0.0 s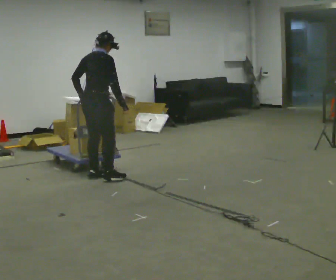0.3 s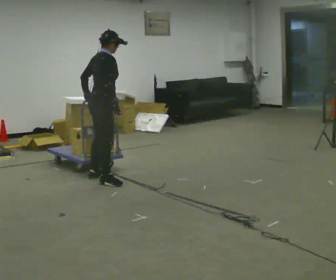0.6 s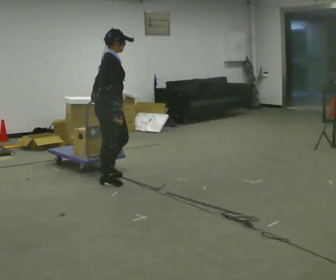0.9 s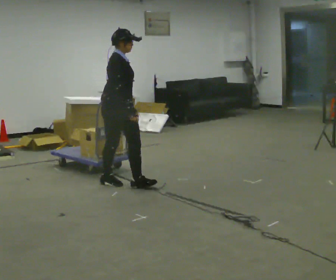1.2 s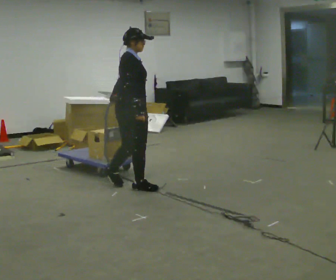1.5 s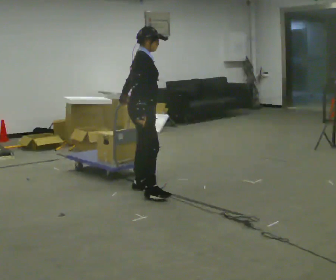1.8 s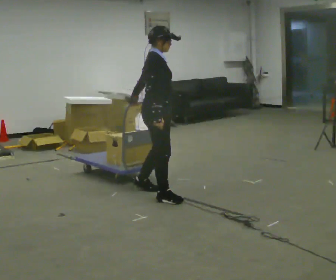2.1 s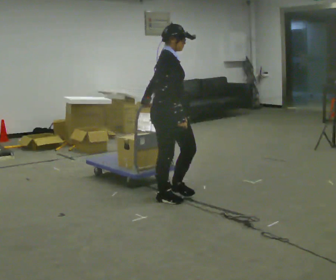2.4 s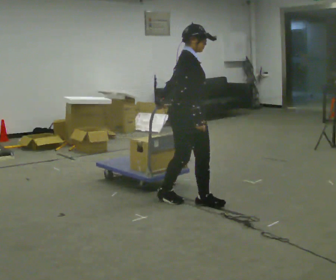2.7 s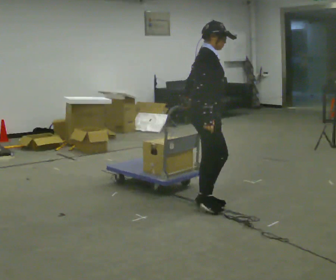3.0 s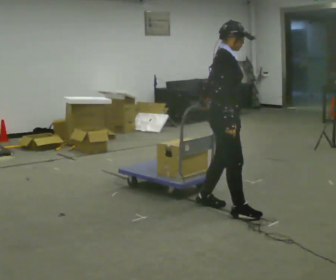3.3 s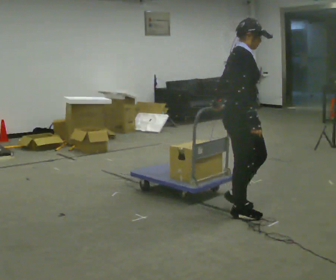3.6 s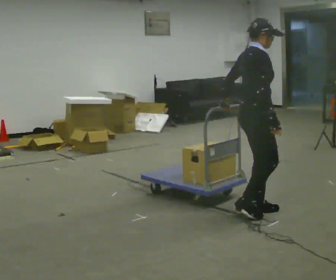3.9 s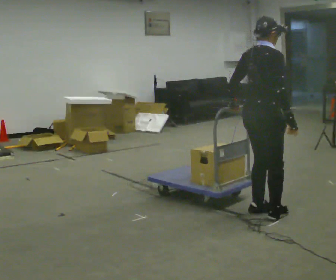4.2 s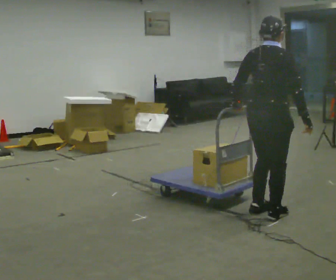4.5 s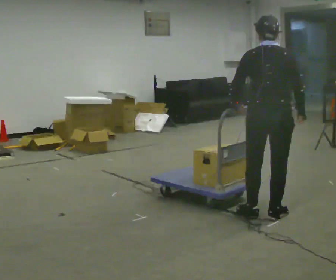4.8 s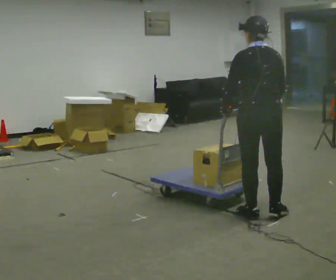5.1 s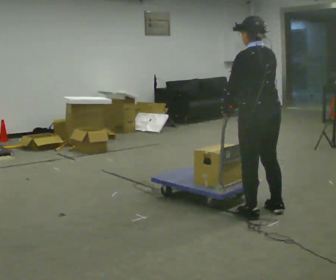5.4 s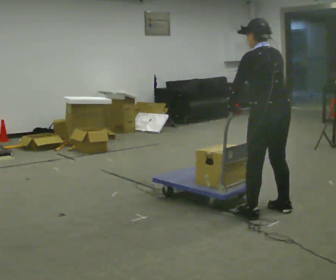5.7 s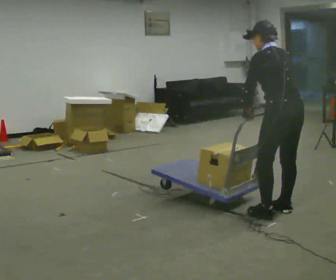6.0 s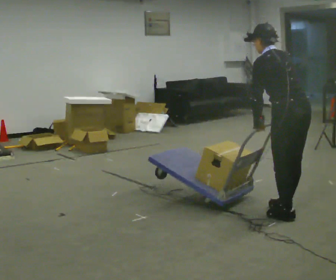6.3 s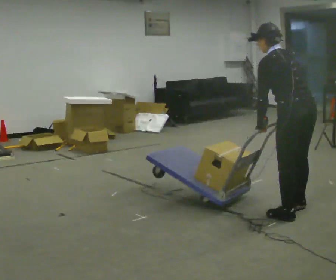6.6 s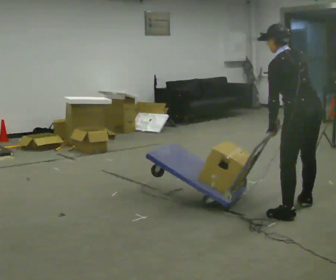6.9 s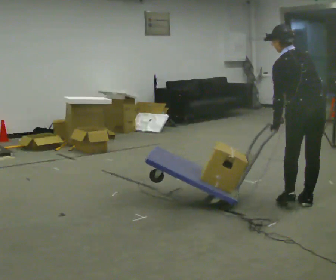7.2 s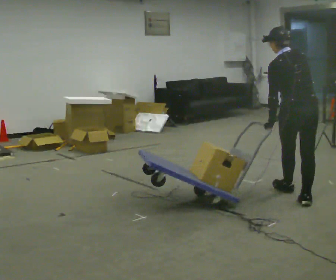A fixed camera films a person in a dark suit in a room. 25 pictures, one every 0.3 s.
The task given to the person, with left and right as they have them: Pull the cart behind you as you walk backward across the room. The operator will confirm the space behind you is clear before each take.
0.0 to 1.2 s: The part of the body nearest the lens slides to the left as the person turns to their right by about 60 degrees. In the picture they go to the right and toward the camera, about 0.5 m in 2 steps.
1.2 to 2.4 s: In the picture they go to the right and toward the camera, about 0.5 m in 2 steps, which for them is forward and to their right.
2.4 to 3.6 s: In the picture they go to the right, about 0.5 m in 2 steps, which for them is forward.
3.6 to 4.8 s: The part of the body nearest the lens slides to the right as the person turns to their left by about 105 degrees.
4.8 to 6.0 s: The part of the body nearest the lens slides to the right as the person turns to their left by about 30 degrees. In the picture they go to the right, about 0.25 m in 2 steps, which for them is to their right and backward. In the picture the upper body tilts counterclockwise, shoulders to the left, as they bend forward.
6.0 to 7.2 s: The part of the body nearest the lens slides to the left as the person turns to their right by about 30 degrees. In the picture they go away from the camera, about 0.5 m in 2 steps, which for them is to their right and forward.
The film runs forward here.
